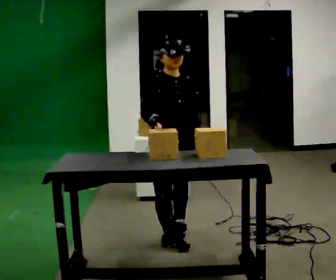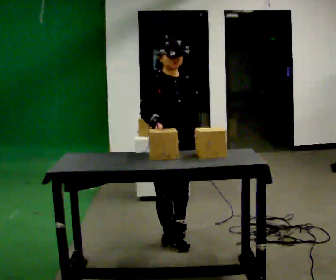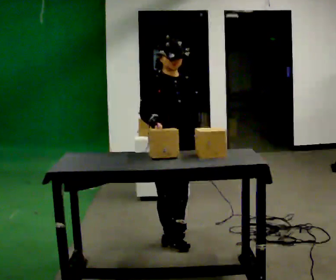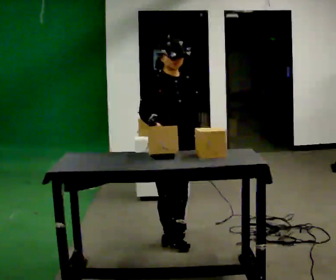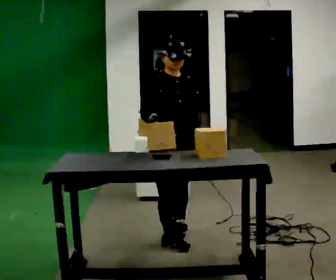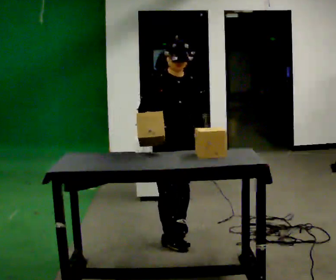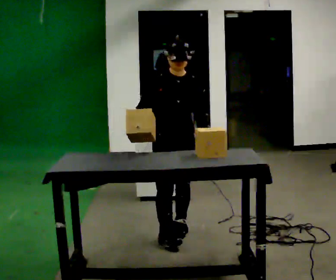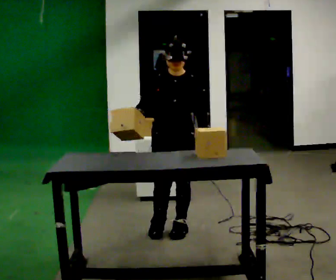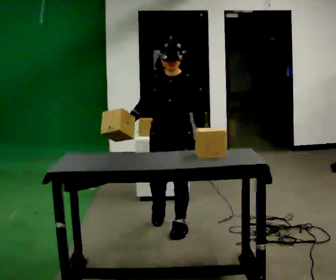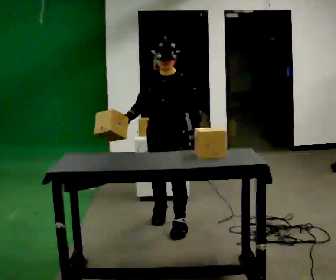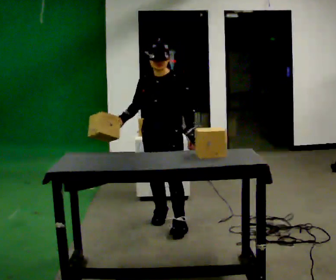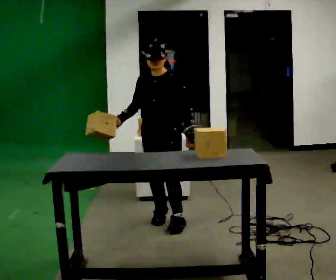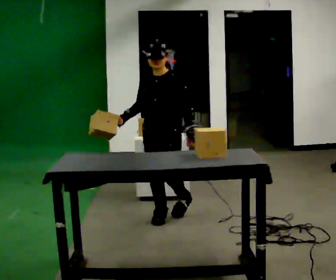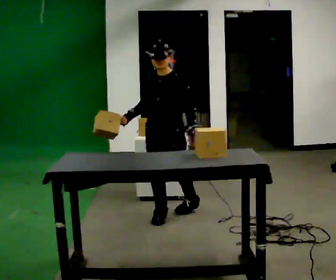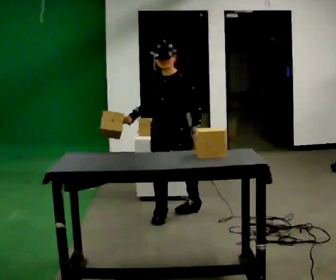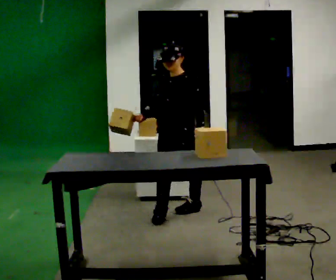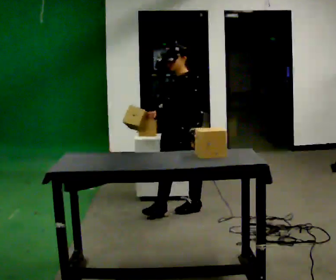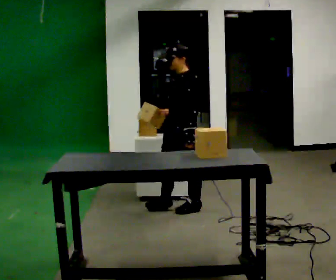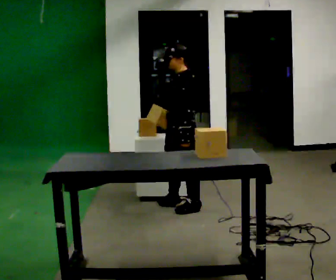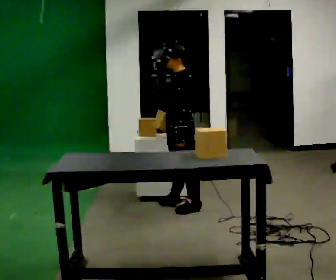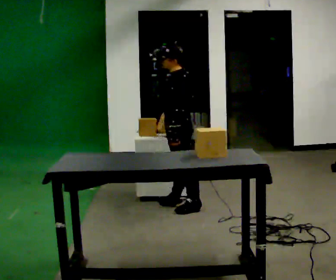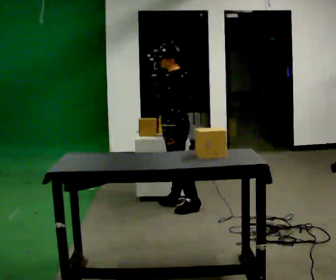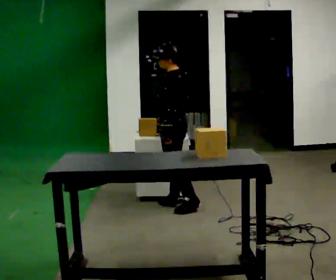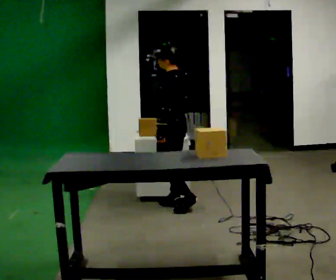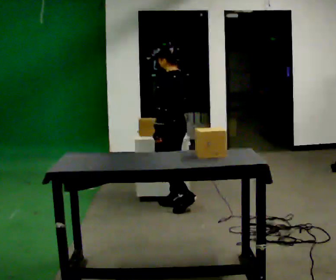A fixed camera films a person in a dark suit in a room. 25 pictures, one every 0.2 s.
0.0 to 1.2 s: In the picture they go away from the camera, about 0.25 m in 1 step, which for them is backward.
1.2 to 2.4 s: The part of the body nearest the lens slides to the left as the person turns to their right by about 30 degrees. In the picture they go away from the camera, about 0.5 m in 1 step, which for them is backward.
2.4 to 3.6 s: The part of the body nearest the lens slides to the left as the person turns to their right by about 60 degrees. In the picture they go away from the camera and to the right, about 0.25 m in 1 step.
3.6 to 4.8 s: Seen from above the body turns clockwise, about 30 degrees: to their right, with its near side sliding to the left. In the picture they go away from the camera, about 0.25 m, which for them is to their right.
The film runs backward here.
